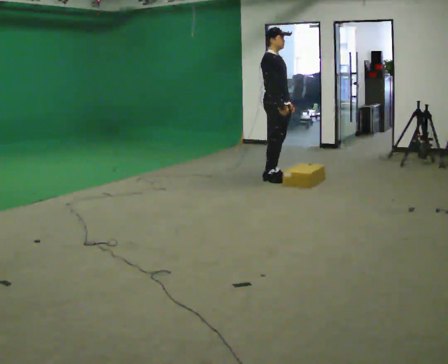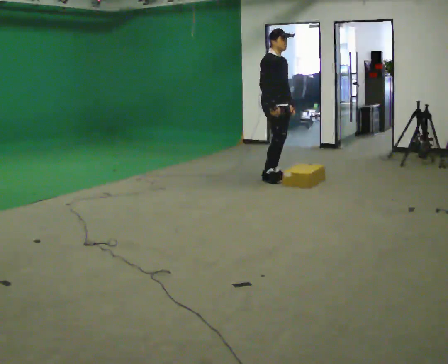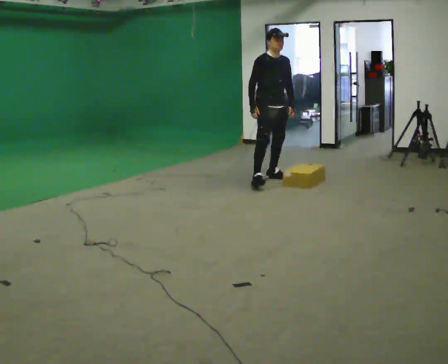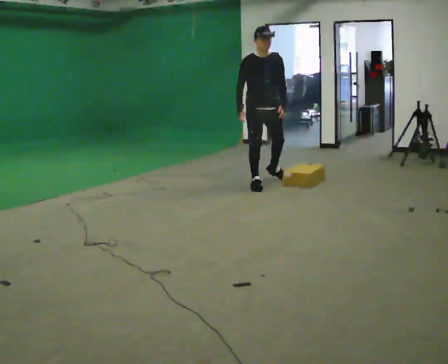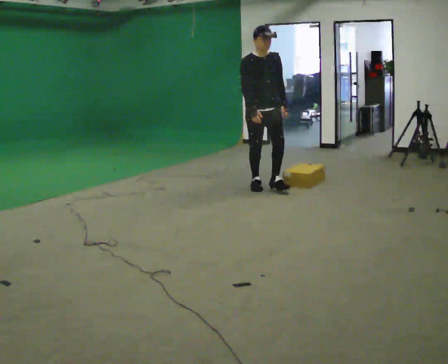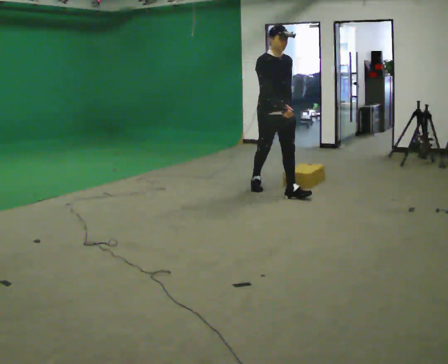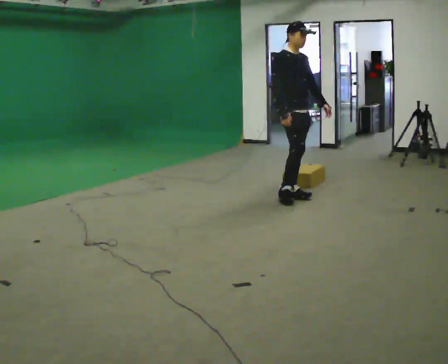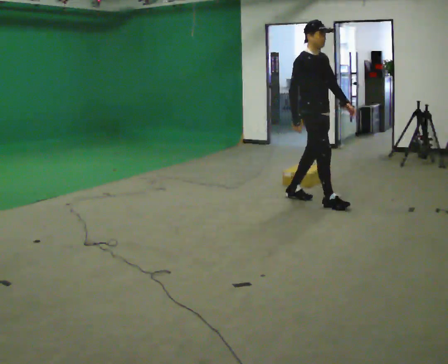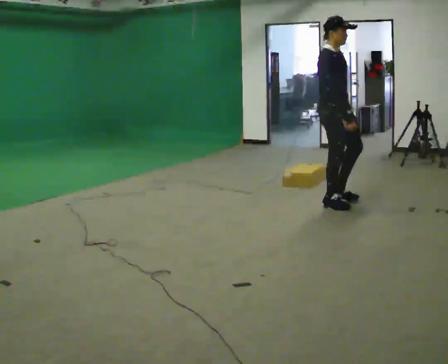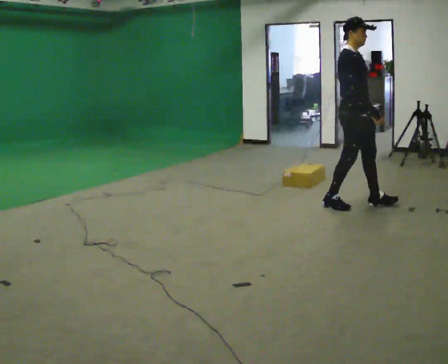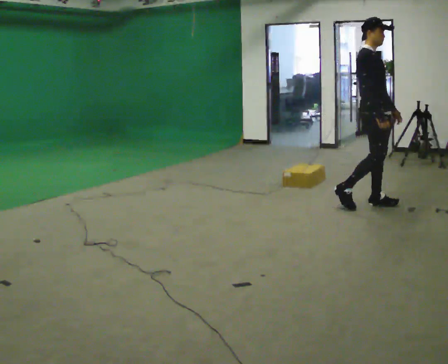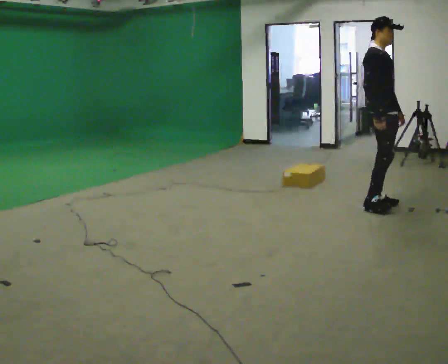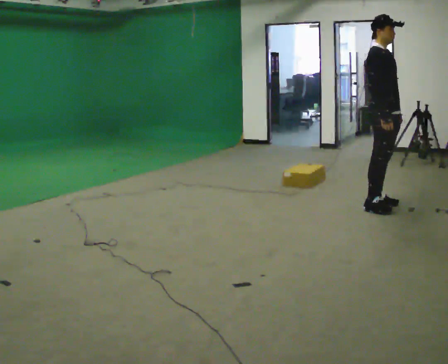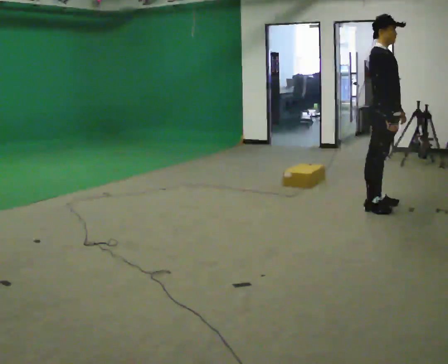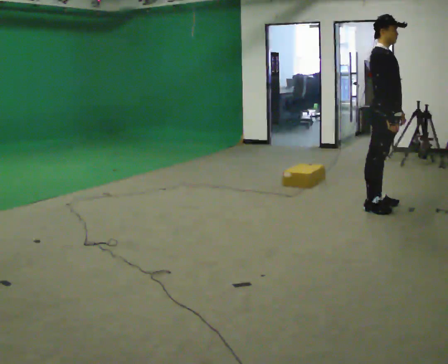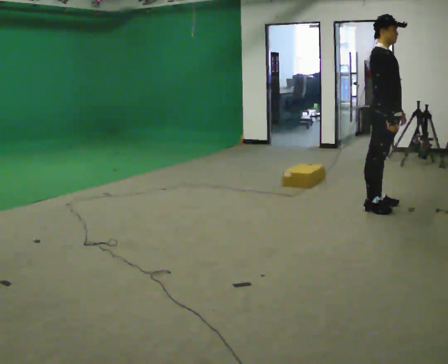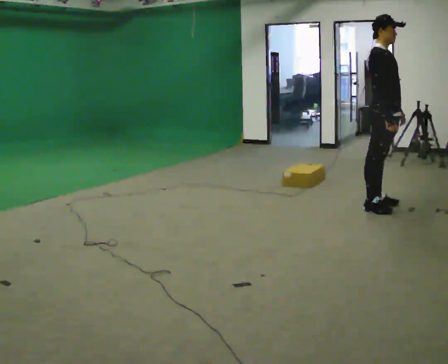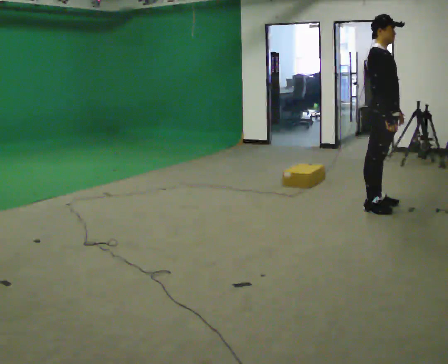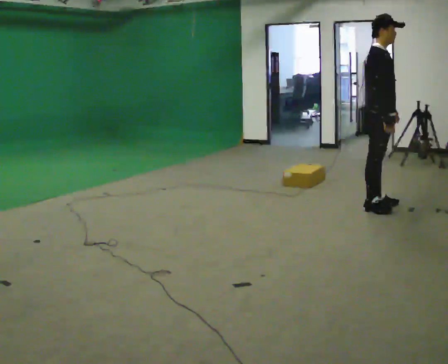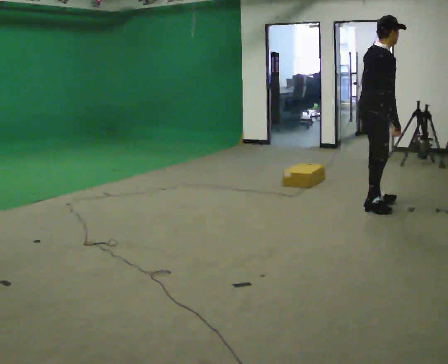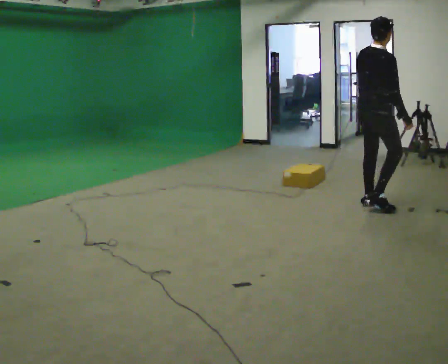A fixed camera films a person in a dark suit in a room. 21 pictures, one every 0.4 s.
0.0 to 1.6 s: The person turns about 45 degrees to their right, clockwise seen from above, so the part of the body nearest the lens slides to the left. In the picture they go toward the camera, about 0.5 m in 1 step, which for them is to their right and forward.
1.6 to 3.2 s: Seen from above the body turns counterclockwise, about 45 degrees: to their left, with its near side sliding to the right. In the picture they go to the right and toward the camera, about 1 m in 2 steps, which for them is forward.
3.2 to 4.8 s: In the picture they go to the right, about 0.5 m in 2 steps, which for them is forward.
4.8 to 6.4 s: The person moves a little, or ends about where they began.
6.4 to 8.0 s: Seen from above the body turns counterclockwise, about 60 degrees: to their left, with its near side sliding to the right.
The film runs forward here.
